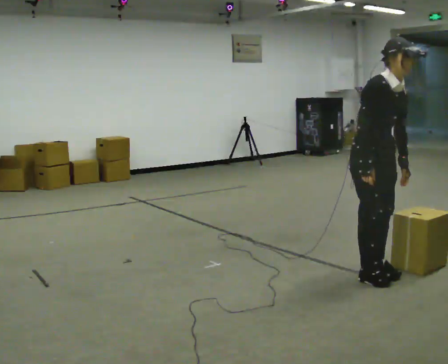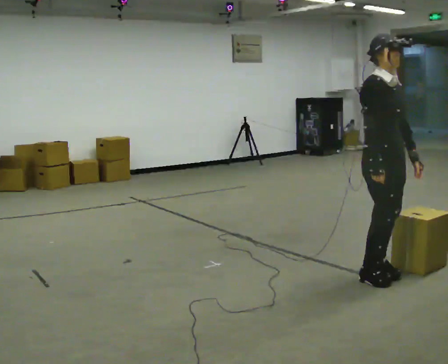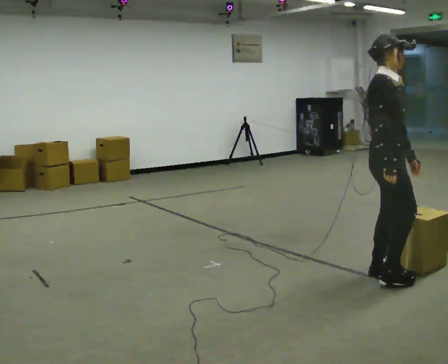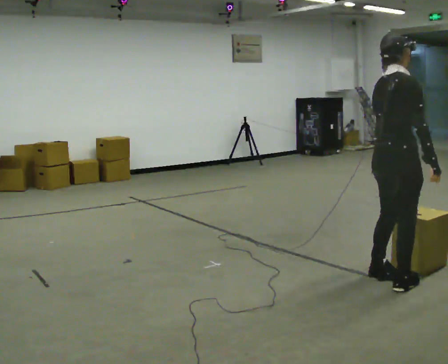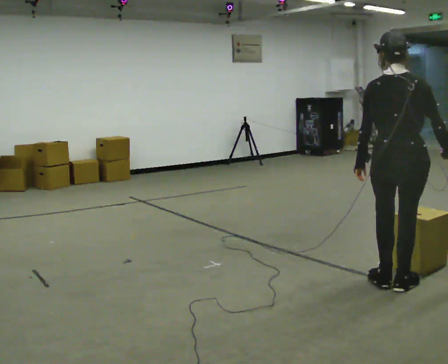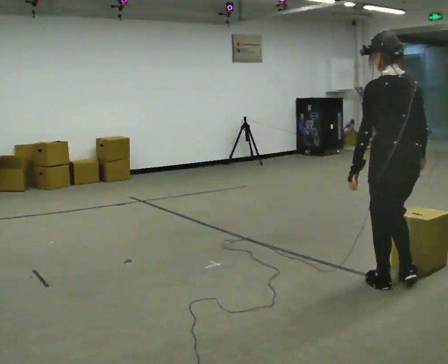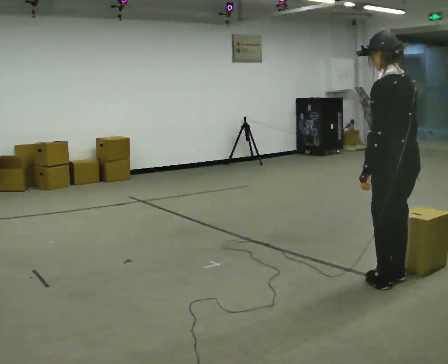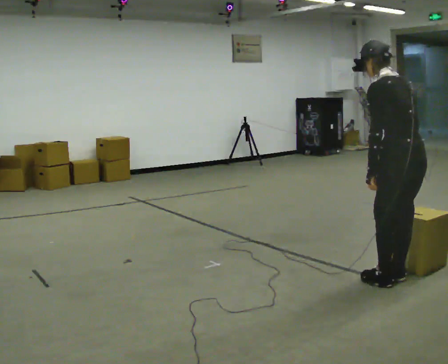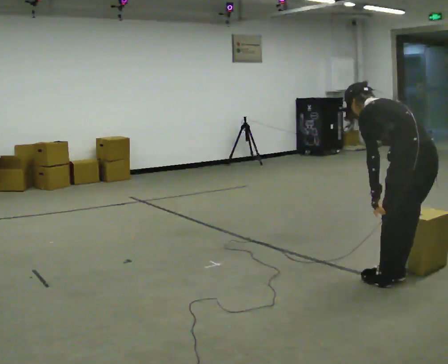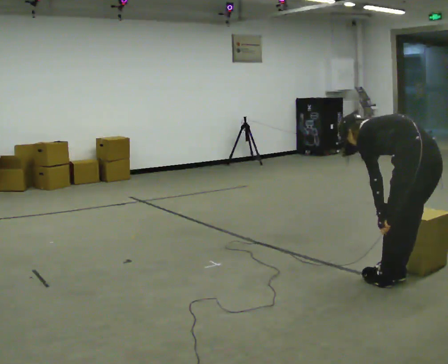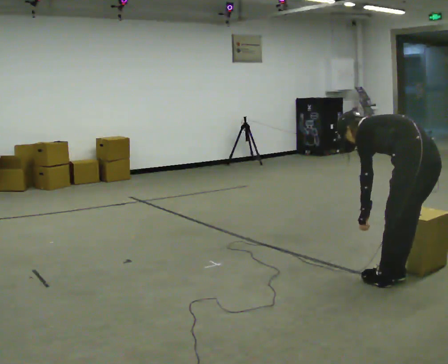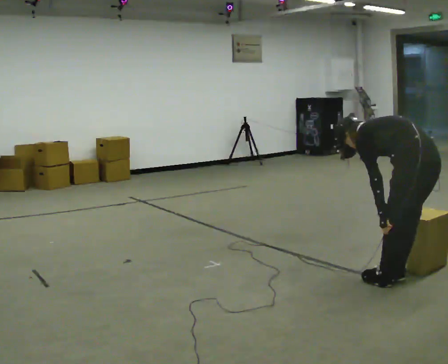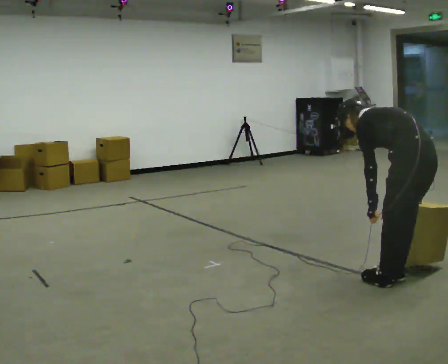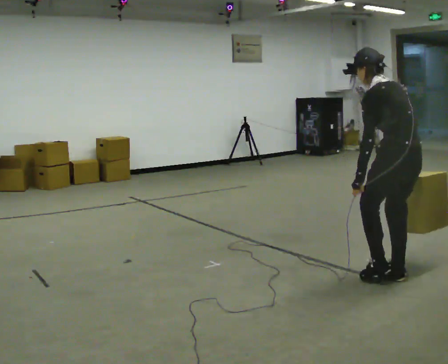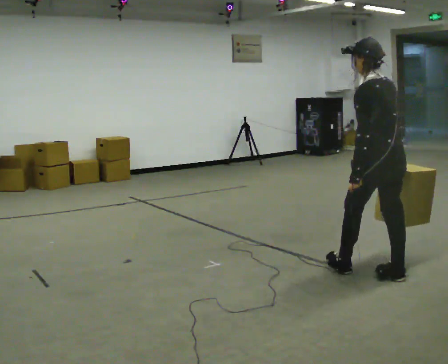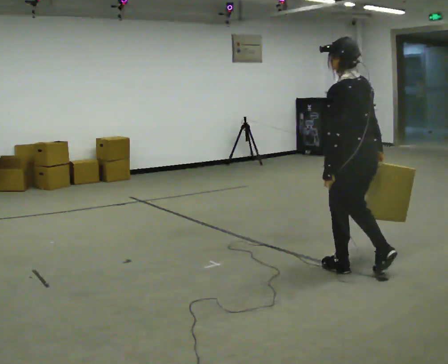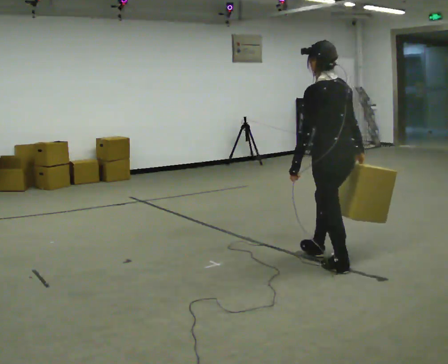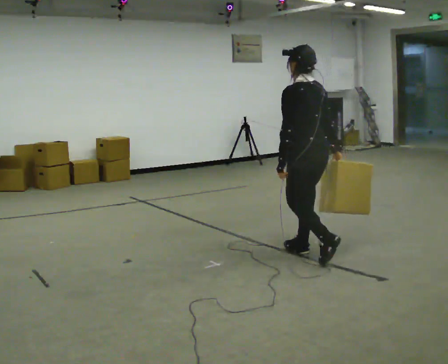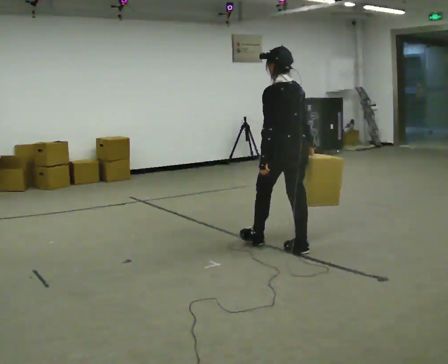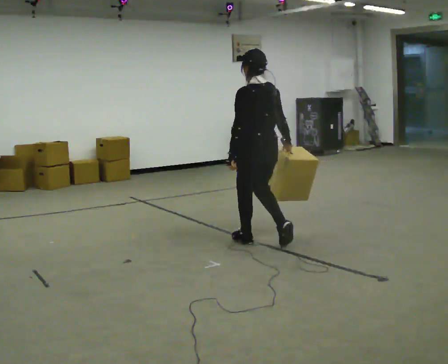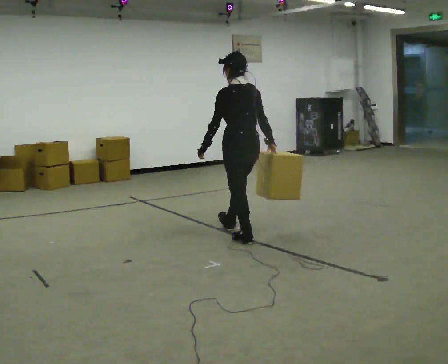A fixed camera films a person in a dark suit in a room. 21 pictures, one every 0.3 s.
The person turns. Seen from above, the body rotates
counterclockwise.
The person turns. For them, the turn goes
to their left.
0.0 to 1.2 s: The person turns about 120 degrees to their left, counterclockwise seen from above, so the part of the body nearest the lens slides to the right. In the picture they go to the right and toward the camera, about 0.25 m in 2 steps.
1.2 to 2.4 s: The part of the body nearest the lens slides to the right as the person turns to their left by about 45 degrees. The shoulders move downward. In the picture the upper body tilts counterclockwise, shoulders to the left, as they bend forward.
2.4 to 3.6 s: The person moves a little, or ends about where they began.
3.6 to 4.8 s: In the picture they go to the left and away from the camera, about 0.75 m in 1 step, which for them is forward. The upper body goes upward. In the picture the upper body tilts clockwise, shoulders to the right, as they lean back or straighten.
4.8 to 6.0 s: In the picture they go to the left and away from the camera, about 1 m in 2 steps, which for them is forward.
The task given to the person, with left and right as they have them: Carry the box across the room, stopping and starting again each time the operator says stop and go. Do not set the box down.
The film runs forward here.
